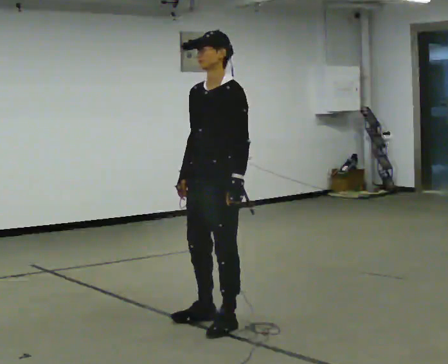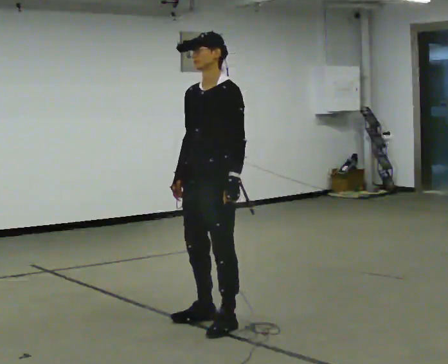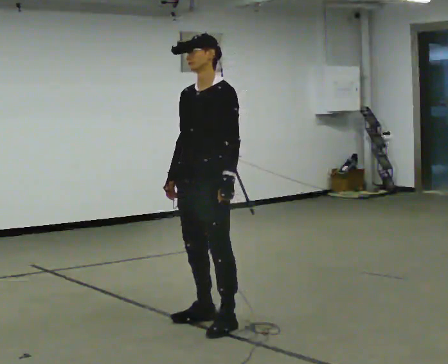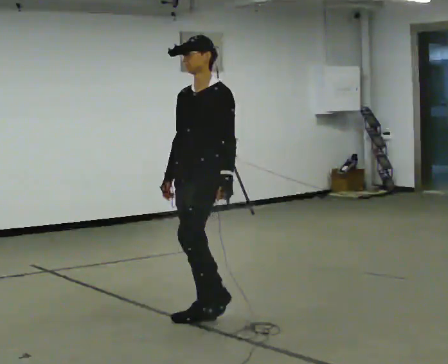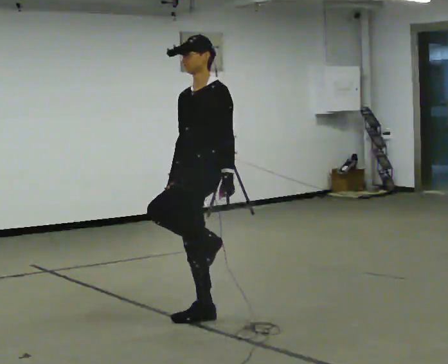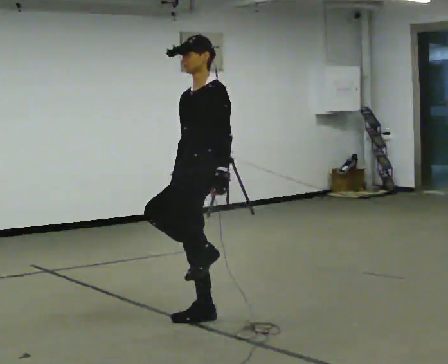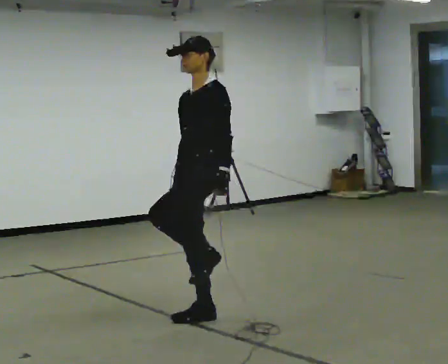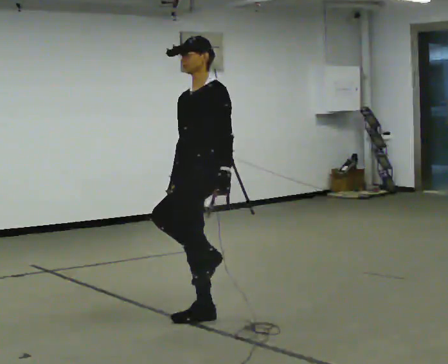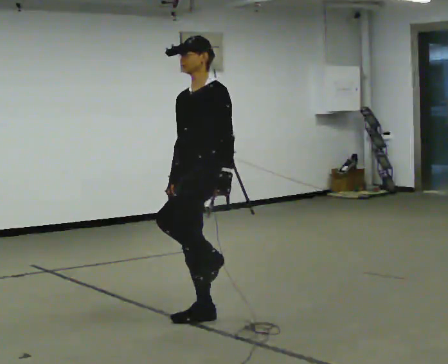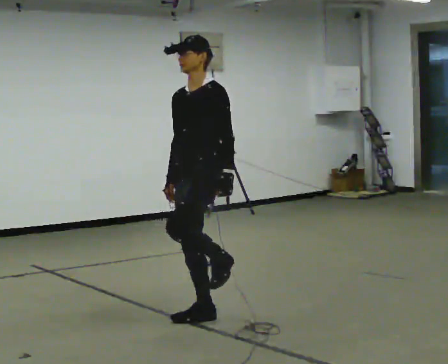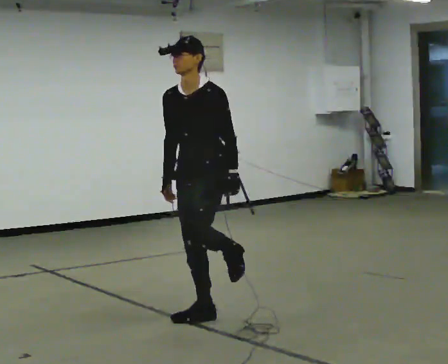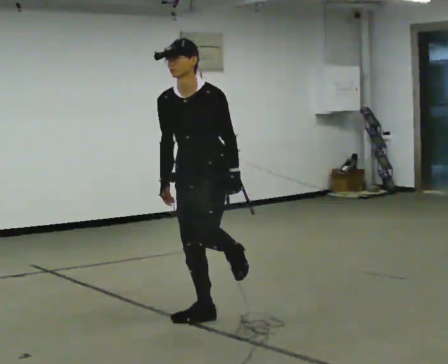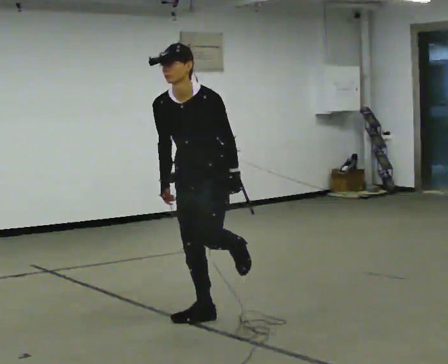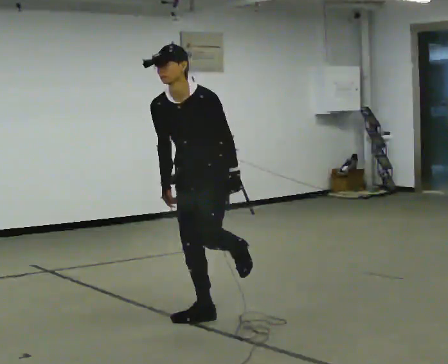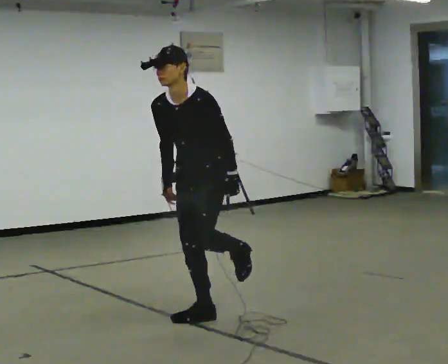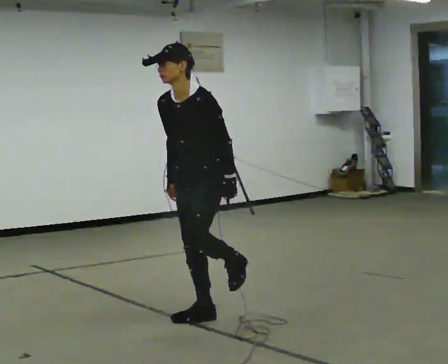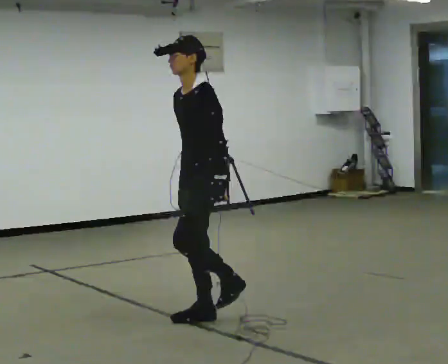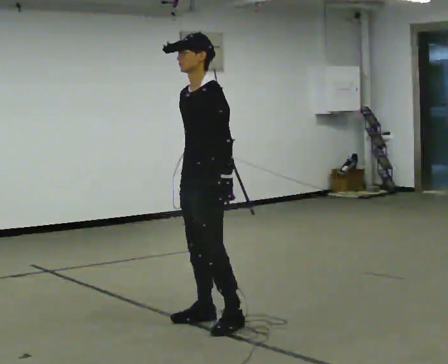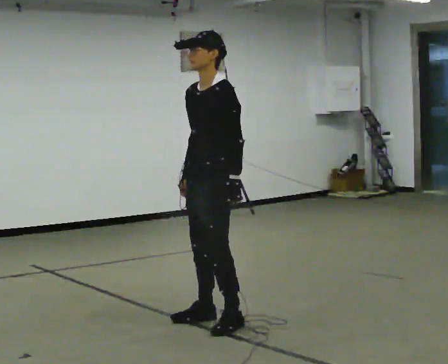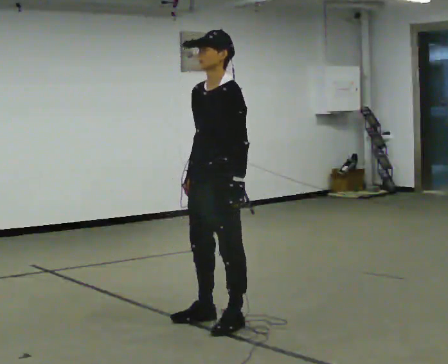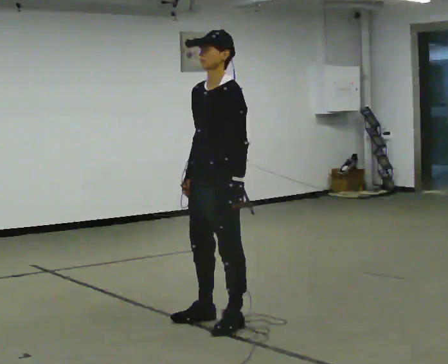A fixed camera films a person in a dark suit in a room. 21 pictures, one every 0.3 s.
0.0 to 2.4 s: The person moves a little, or ends about where they began.
2.4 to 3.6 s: The person turns about 30 degrees to their left, counterclockwise seen from above, so the part of the body nearest the lens slides to the right. The upper body tips toward the camera, its near side rolling downward, as they bend forward.
3.6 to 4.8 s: The person turns about 45 degrees to their right, clockwise seen from above, so the part of the body nearest the lens slides to the left. The upper body tips away from the camera, its near side rolling upward, as they lean back or straighten.
4.8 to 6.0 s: In the picture they go toward the camera, about 0.25 m in 1 step, which for them is to their left.
The film runs forward here.
